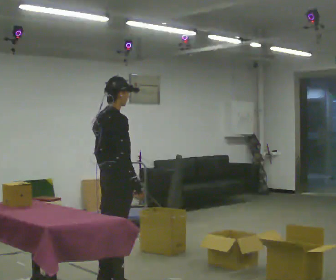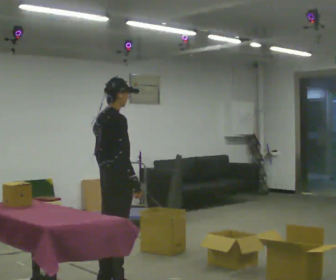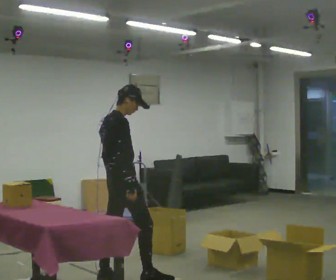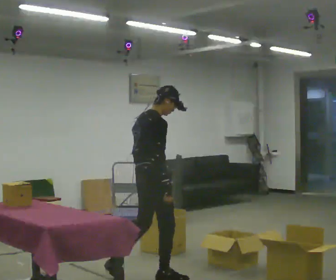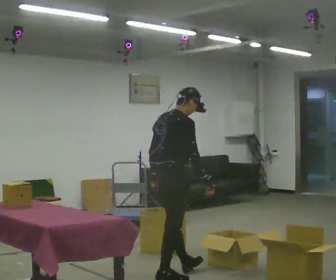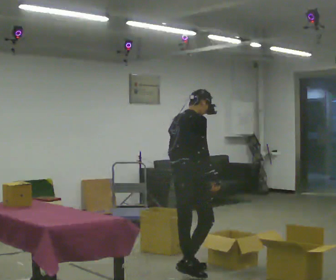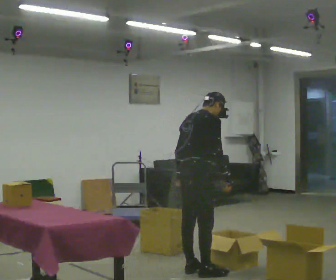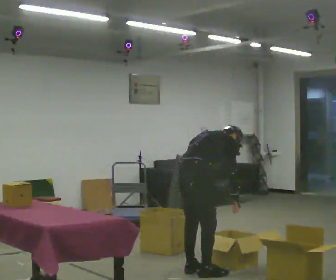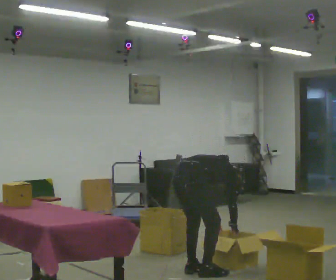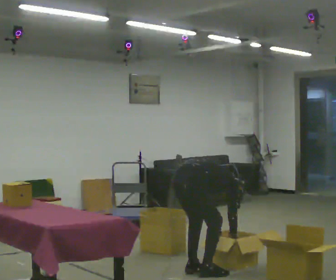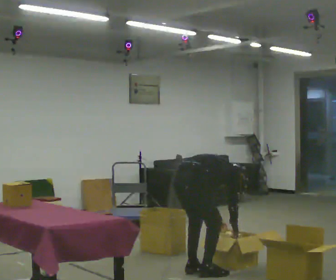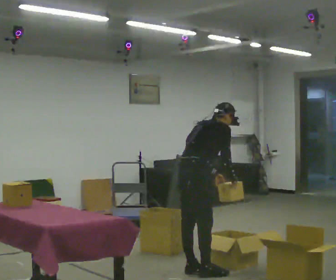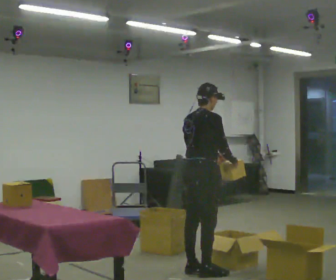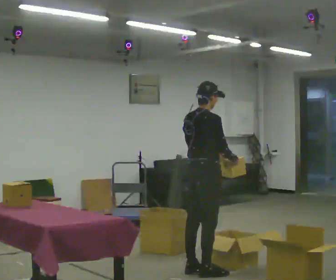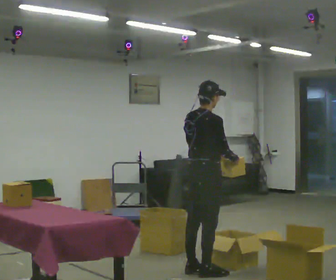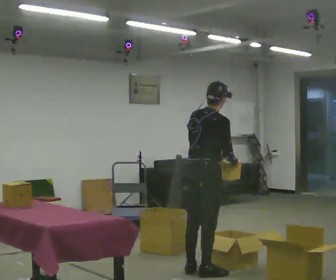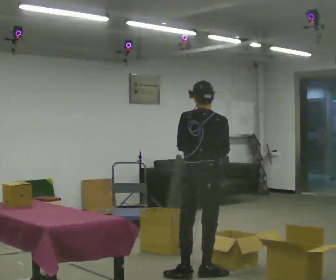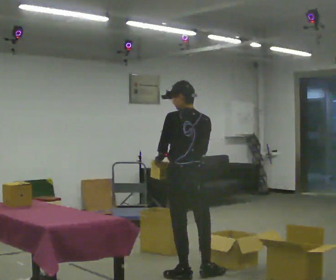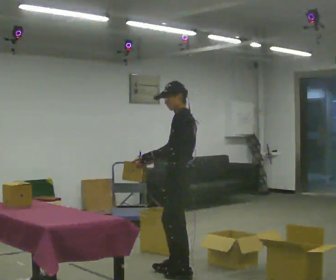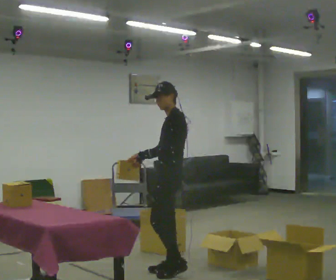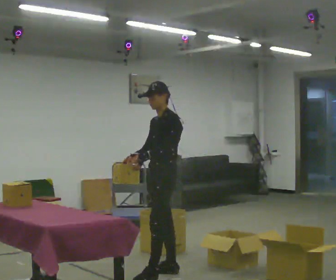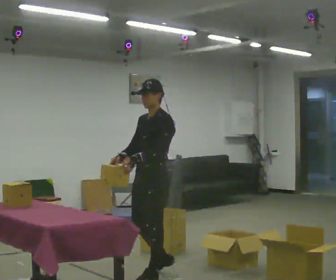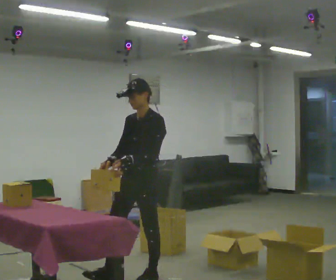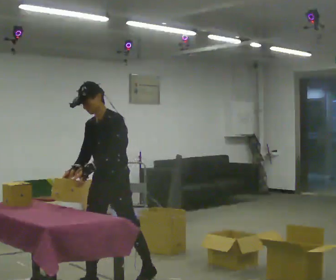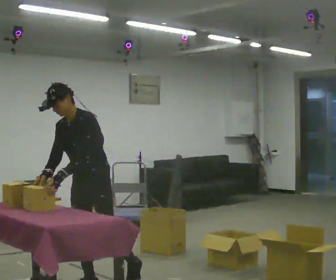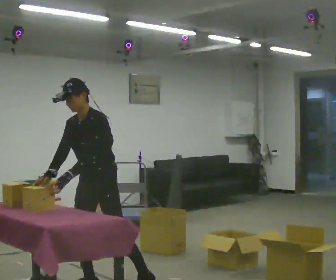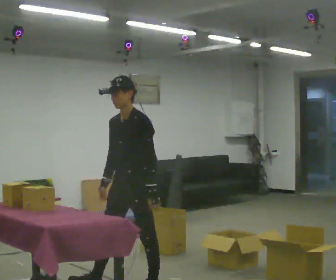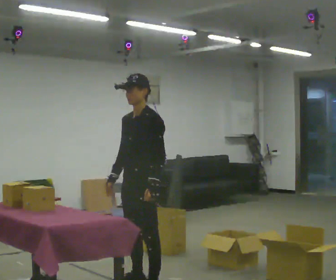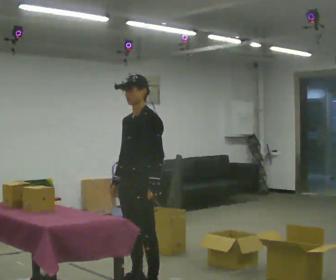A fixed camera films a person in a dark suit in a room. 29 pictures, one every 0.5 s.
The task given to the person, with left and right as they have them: Take the objects from the bin one at a time and put one in each of the places the operator points out. Keep going until the operator says stop; one object at a time, and do not rush between trips.
0.0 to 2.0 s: In the picture they go to the right and away from the camera, about 0.5 m in 1 step, which for them is forward.
2.0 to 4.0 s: In the picture they go to the right, about 0.25 m in 2 steps, which for them is forward. The upper body goes downward. In the picture the upper body tilts clockwise, shoulders to the right, as they bend forward. In the picture their left hand goes to the right and downward.
4.0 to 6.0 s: The shoulders move upward. In the picture the upper body tilts counterclockwise, shoulders to the left, as they lean back or straighten. In the picture their right hand goes upward.
6.0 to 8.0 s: The part of the body nearest the lens slides to the right as the person turns to their left by about 45 degrees.
8.0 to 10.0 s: Seen from above the body turns counterclockwise, about 120 degrees: to their left, with its near side sliding to the right. In the picture they go to the left, about 0.25 m in 2 steps.
10.0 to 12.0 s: The person turns about 30 degrees to their left, counterclockwise seen from above, so the part of the body nearest the lens slides to the right. In the picture they go to the left and toward the camera, about 1 m in 1 step, which for them is forward. The upper body tips toward the camera, its near side rolling downward, as they bend forward.
12.0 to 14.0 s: In the picture they go to the right, about 0.5 m in 3 steps, which for them is backward and to their left. The upper body tips away from the camera, its near side rolling upward, as they lean back or straighten.
The film runs forward here.
